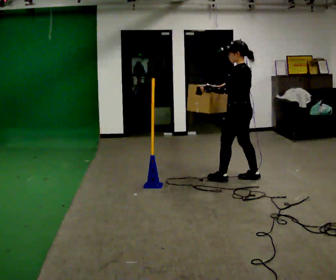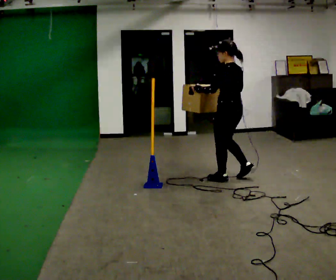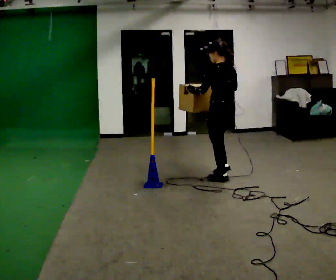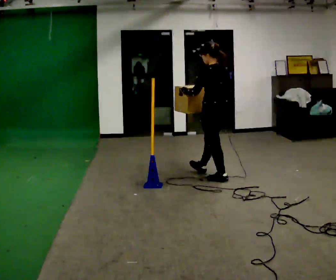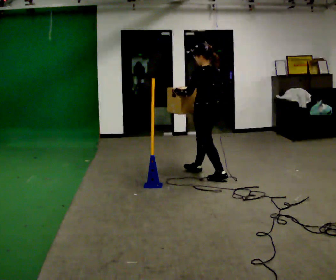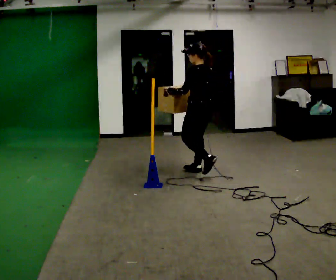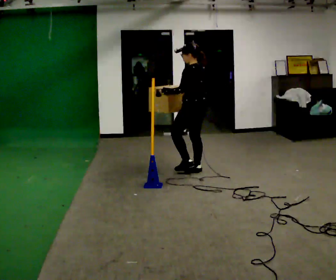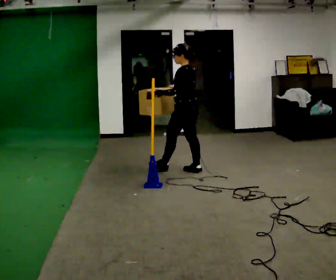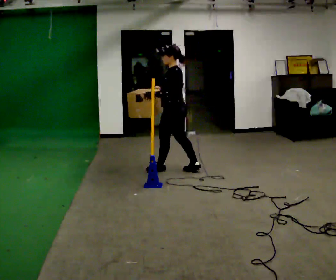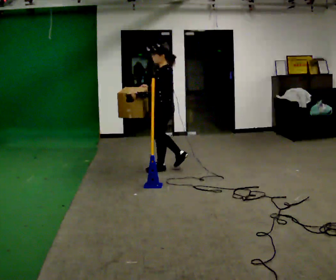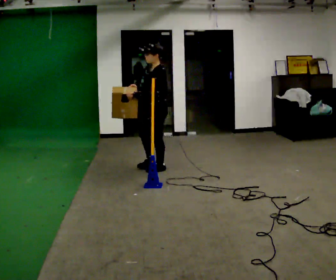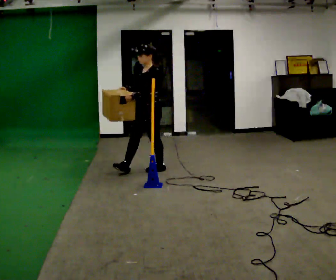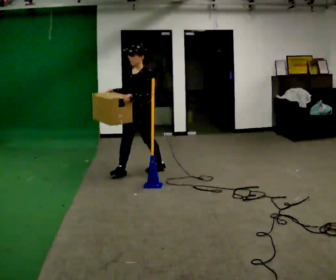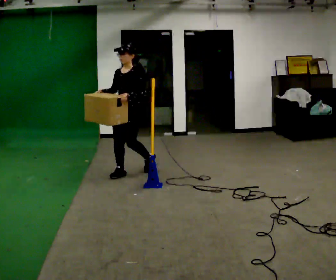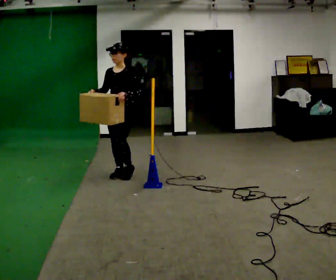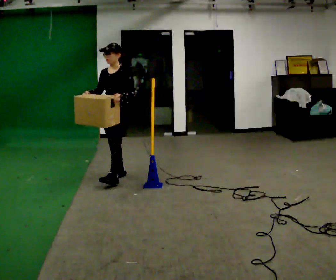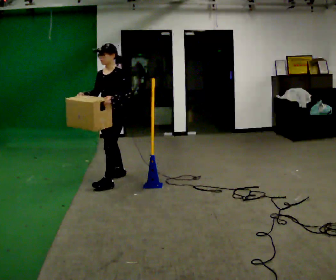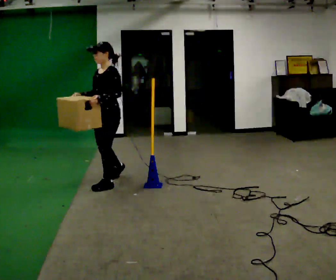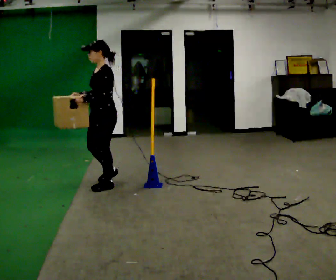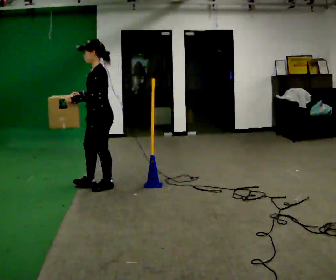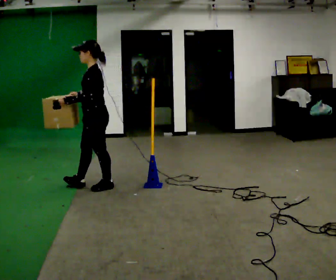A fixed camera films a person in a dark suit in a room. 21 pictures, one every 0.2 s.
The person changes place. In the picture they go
to the left.
The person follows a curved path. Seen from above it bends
counterclockwise.
0.0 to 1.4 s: In the picture they go to the left and away from the camera, about 0.5 m in 1 step, which for them is forward.
1.4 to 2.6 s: The person turns about 90 degrees to their left, counterclockwise seen from above, so the part of the body nearest the lens slides to the right. In the picture they go to the left, about 0.5 m in 2 steps.
2.6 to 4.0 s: The part of the body nearest the lens slides to the left as the person turns to their right by about 45 degrees. In the picture they go toward the camera and to the left, about 0.5 m in 2 steps, which for them is forward.
The film runs forward here.
